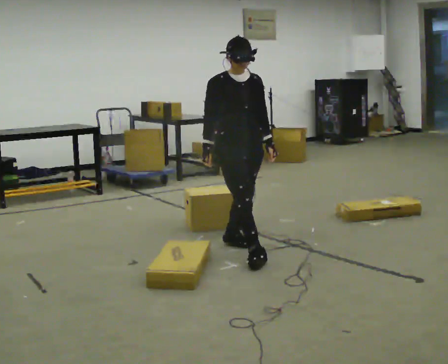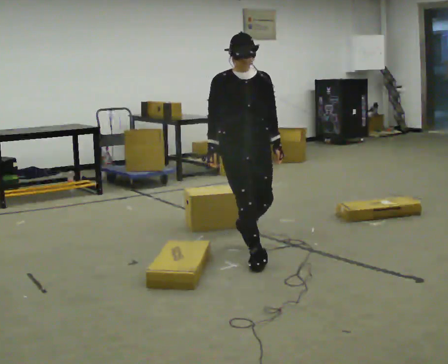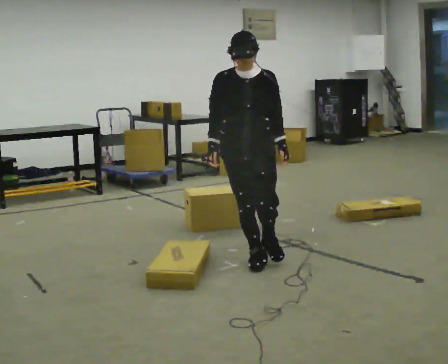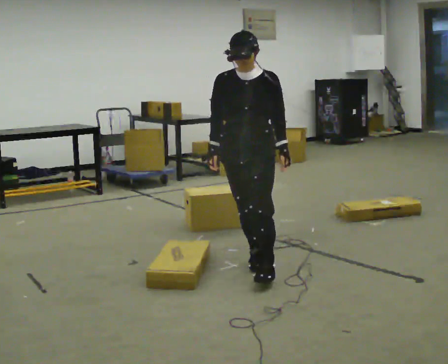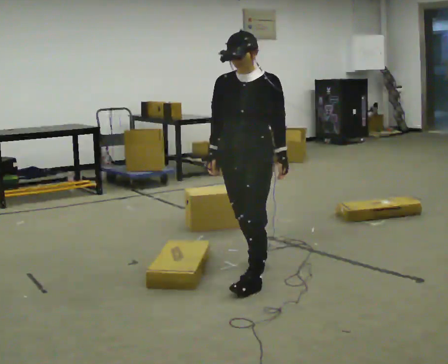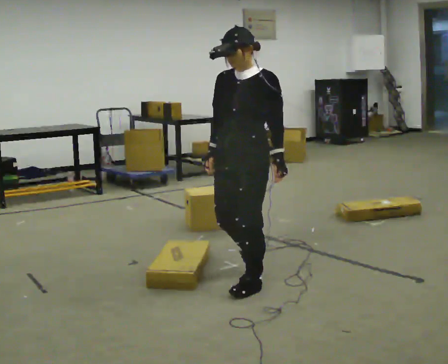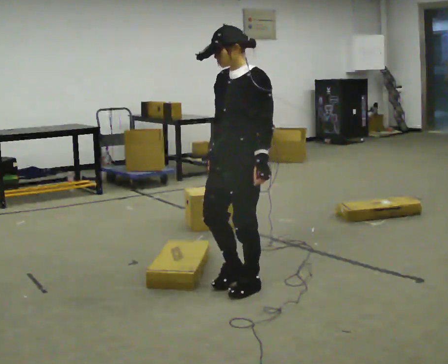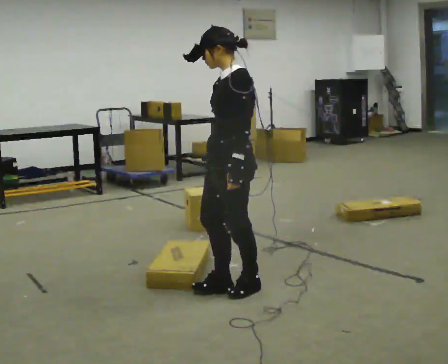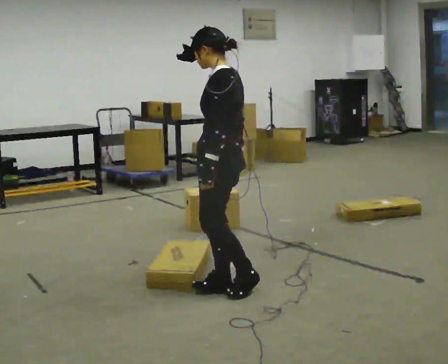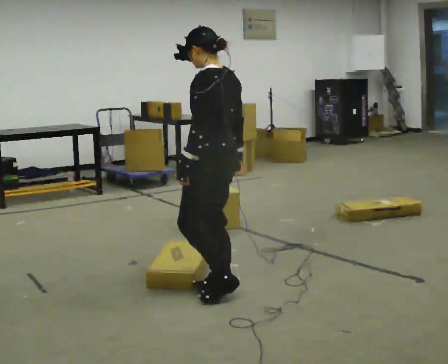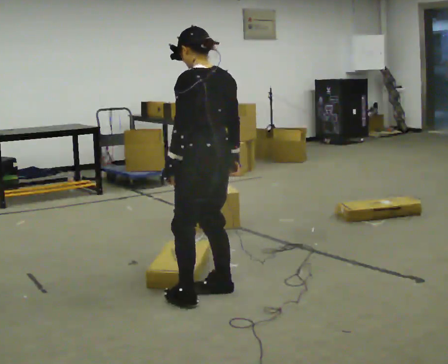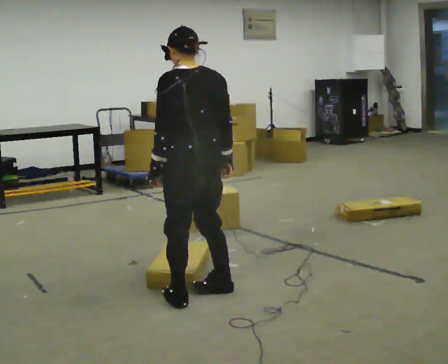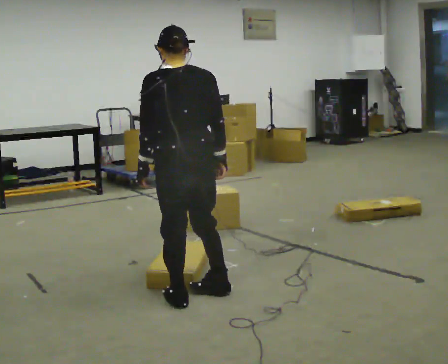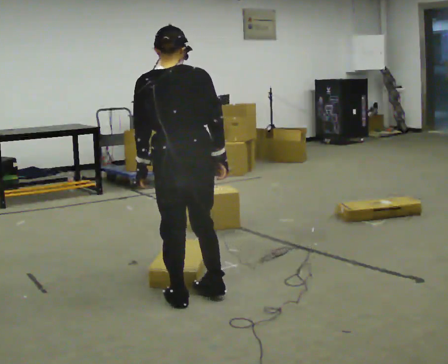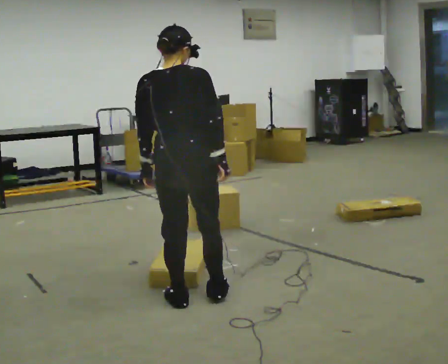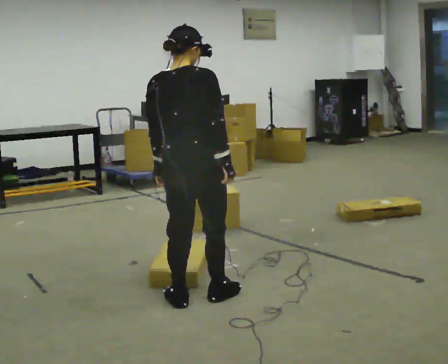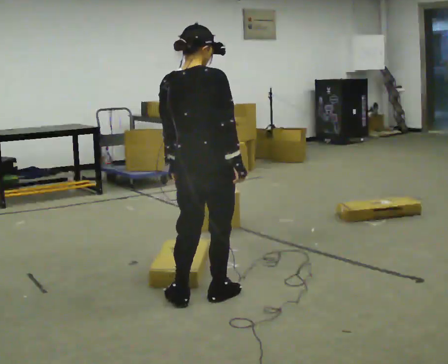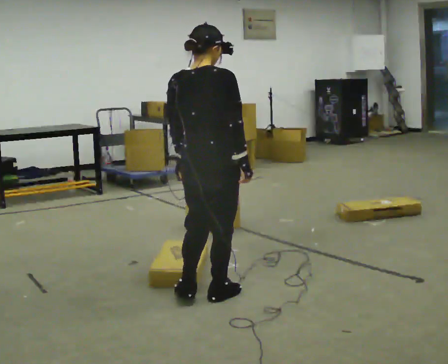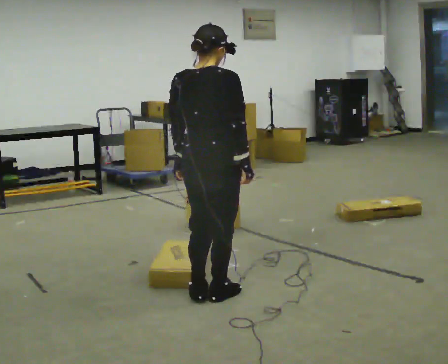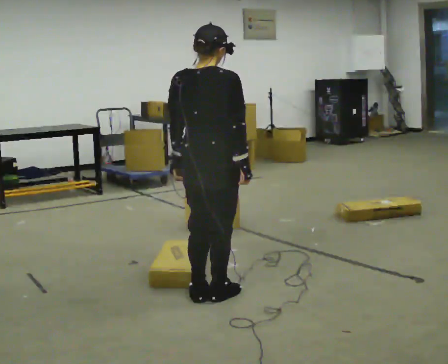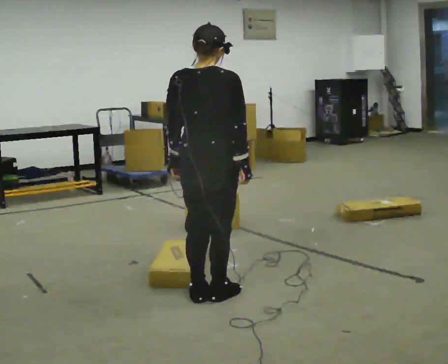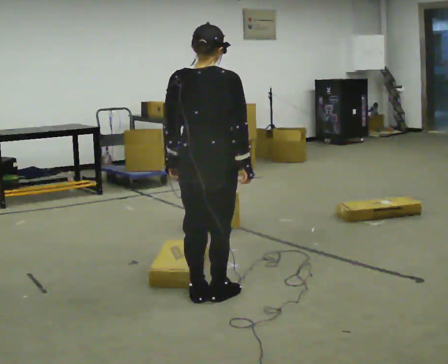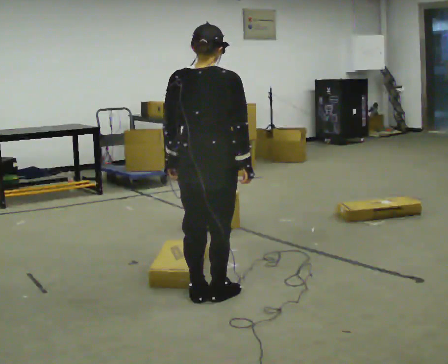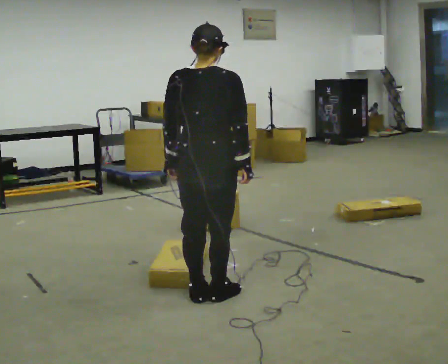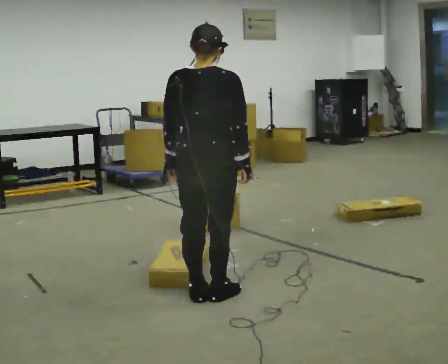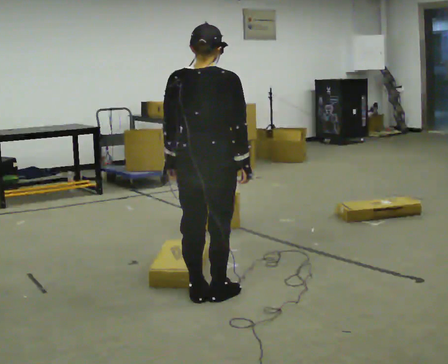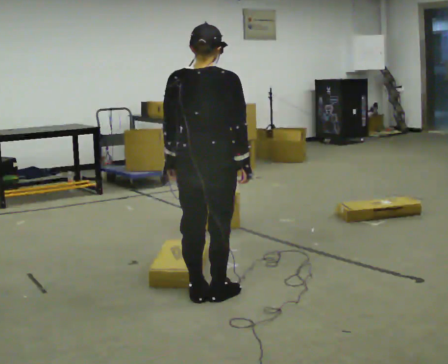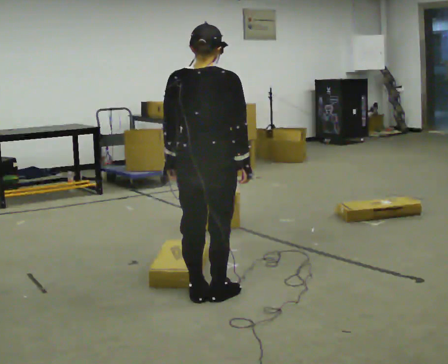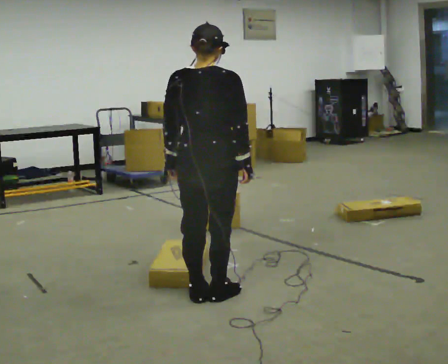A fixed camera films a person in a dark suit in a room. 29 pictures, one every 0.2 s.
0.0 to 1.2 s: The part of the body nearest the lens slides to the left as the person turns to their right by about 75 degrees. In the picture they go toward the camera, about 0.75 m in 1 step.
1.2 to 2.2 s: The part of the body nearest the lens slides to the left as the person turns to their right by about 90 degrees. In the picture they go to the left and toward the camera, about 0.25 m in 2 steps.
2.2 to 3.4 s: The part of the body nearest the lens slides to the left as the person turns to their right by about 60 degrees.
3.4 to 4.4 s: The person moves a little, or ends about where they began.
4.4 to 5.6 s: The person keeps their place and pose.
The film runs forward here.
